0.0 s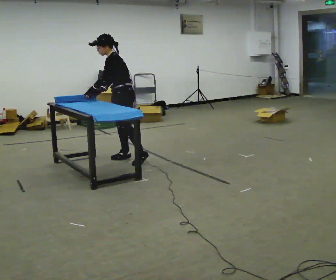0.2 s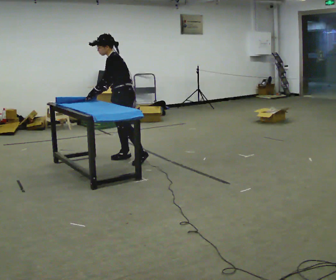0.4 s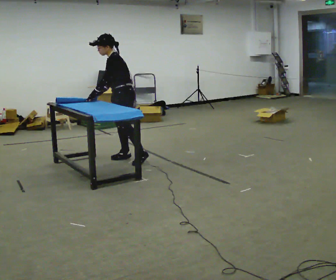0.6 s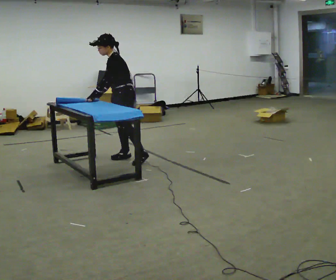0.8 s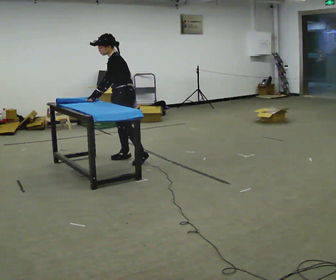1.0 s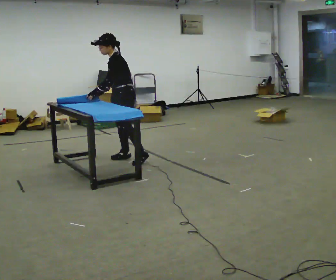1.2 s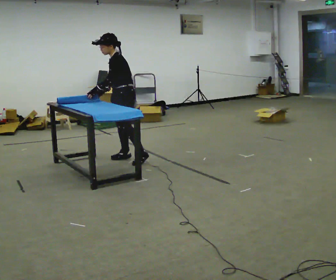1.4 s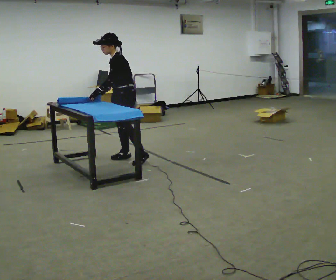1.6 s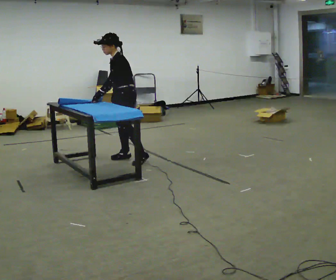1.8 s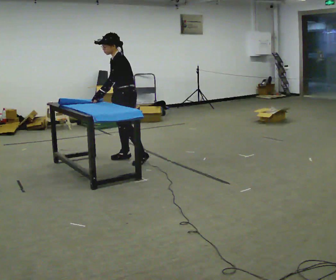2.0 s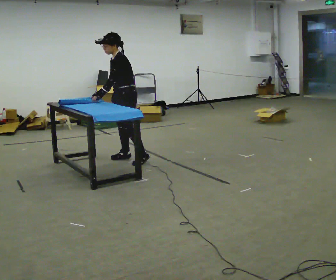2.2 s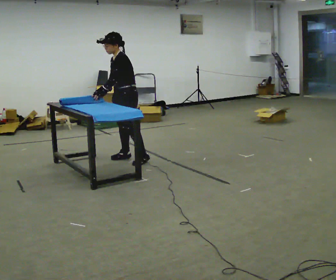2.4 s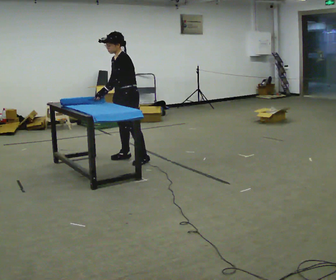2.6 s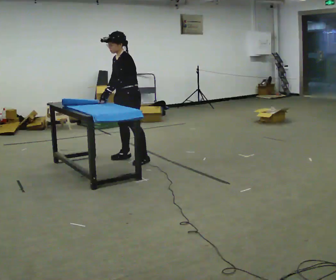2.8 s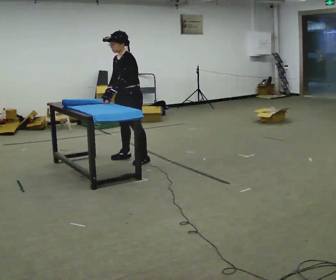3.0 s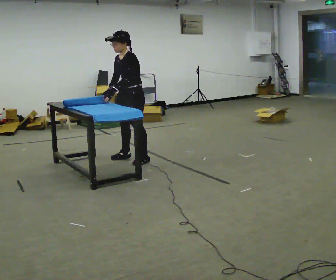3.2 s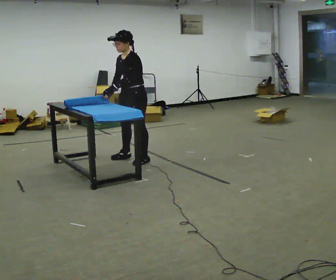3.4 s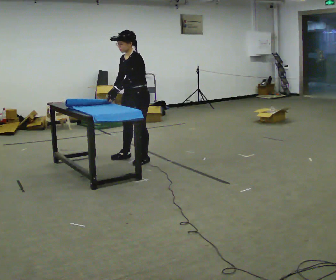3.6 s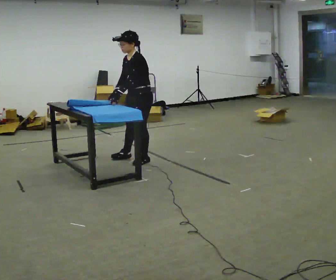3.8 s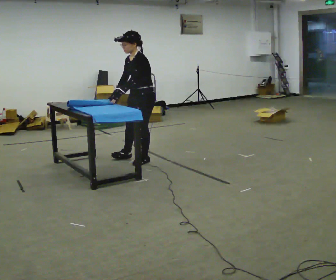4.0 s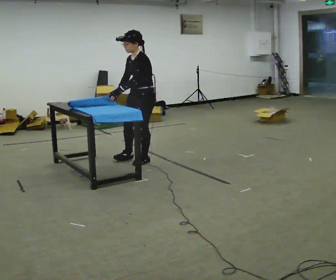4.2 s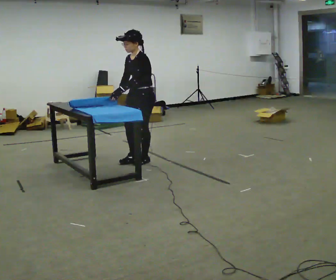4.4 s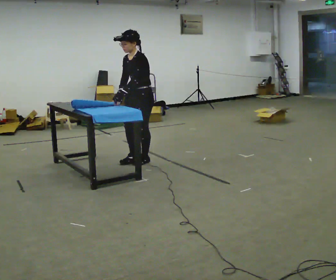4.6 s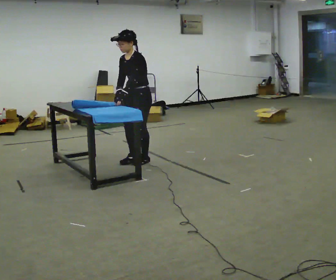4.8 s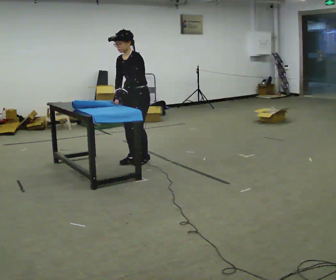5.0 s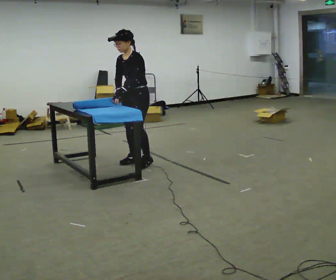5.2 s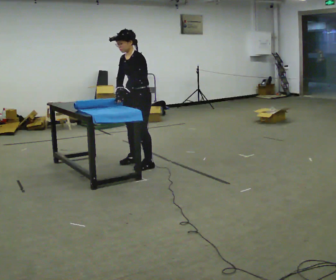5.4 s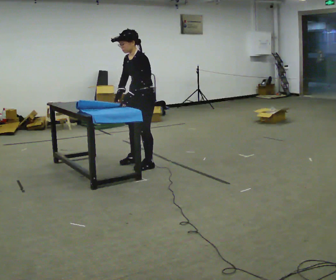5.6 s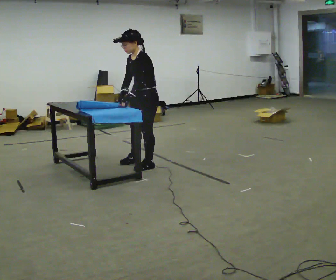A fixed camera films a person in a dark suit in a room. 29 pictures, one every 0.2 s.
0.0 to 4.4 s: The part of the body nearest the lens slides to the right as the person turns to their left by about 30 degrees. In the picture they go toward the camera and to the right, about 0.25 m in 1 step, which for them is to their left.
4.4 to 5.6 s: In the picture they go toward the camera, about 0.25 m in 1 step, which for them is to their left.
The film runs forward here.
